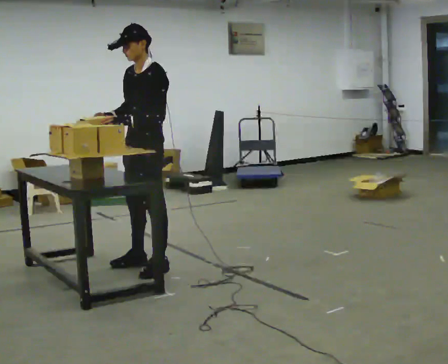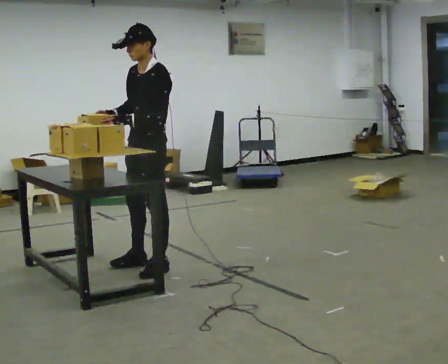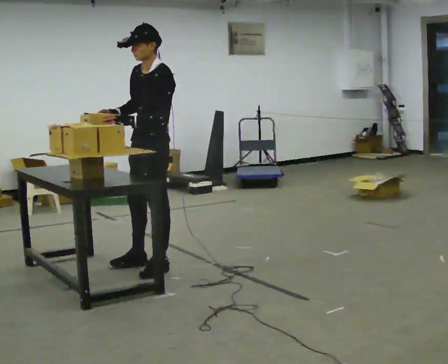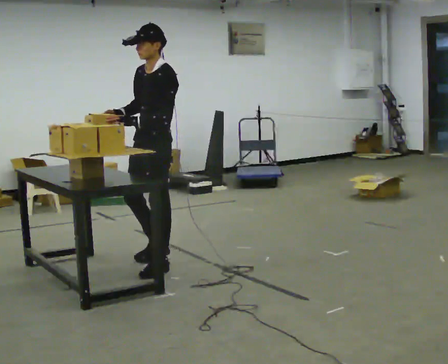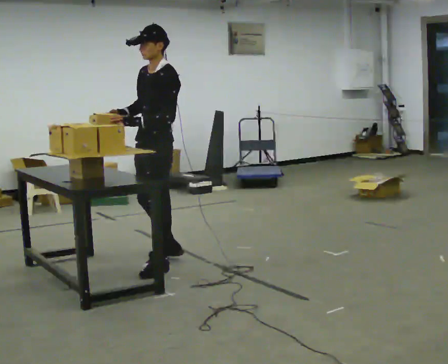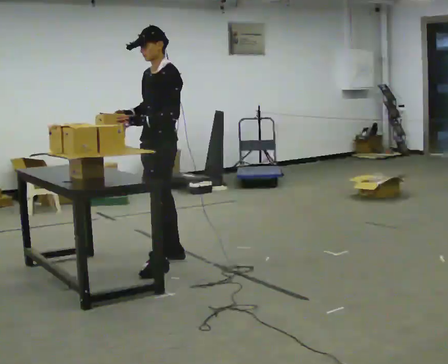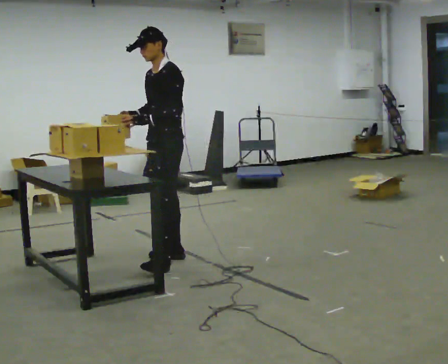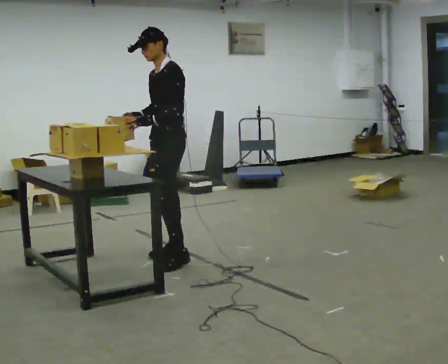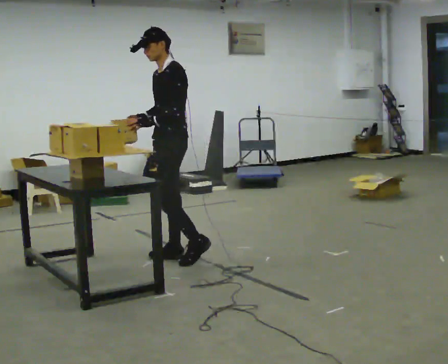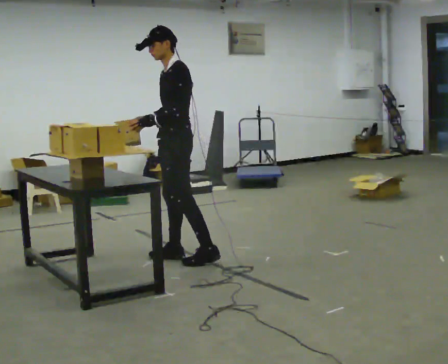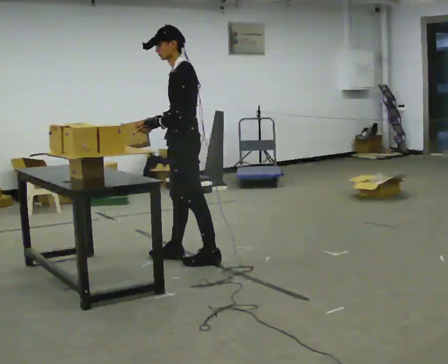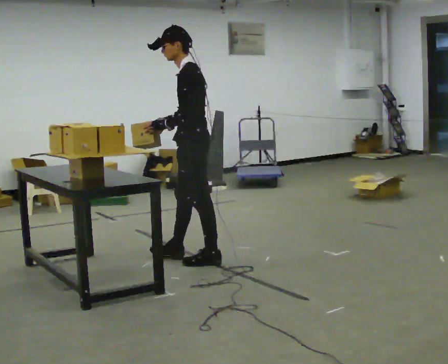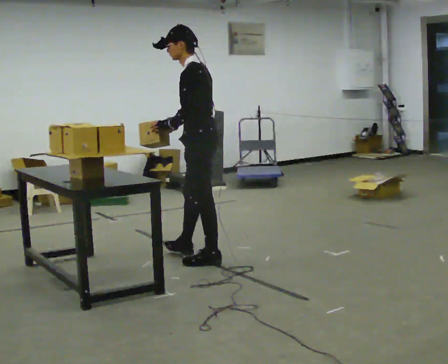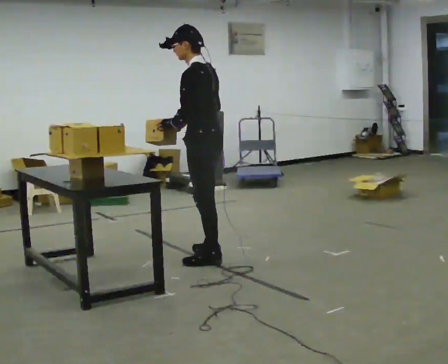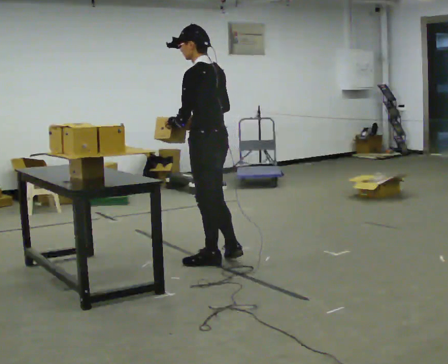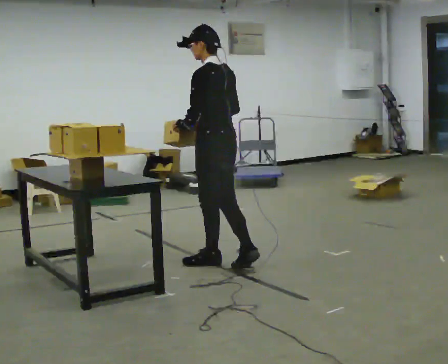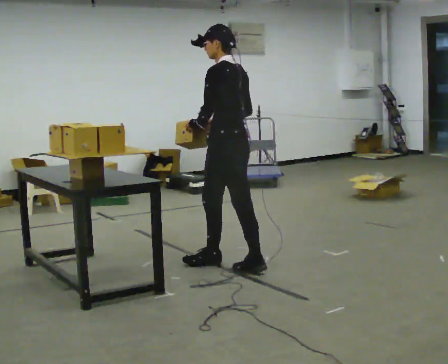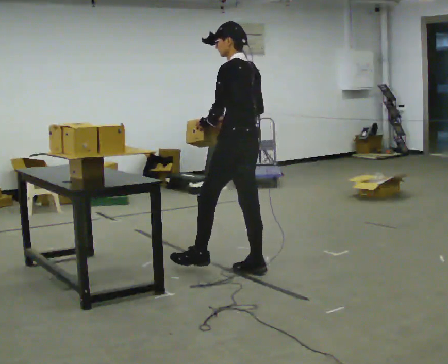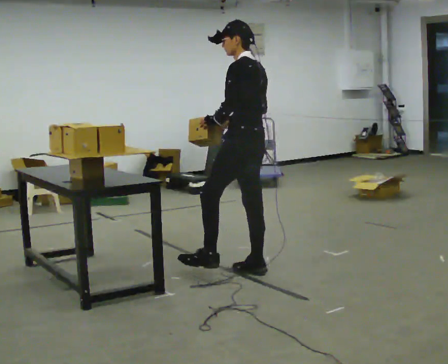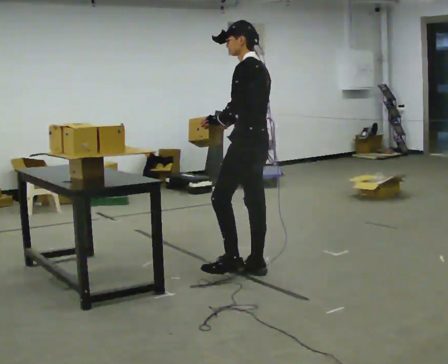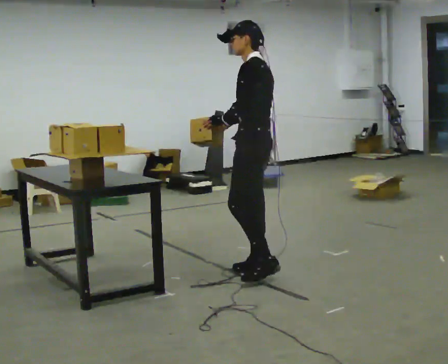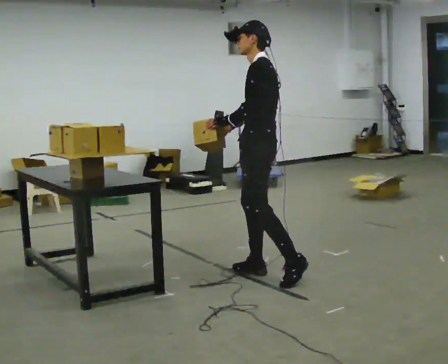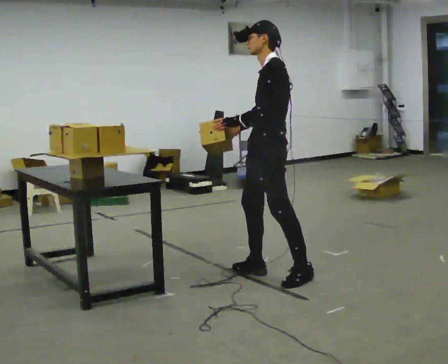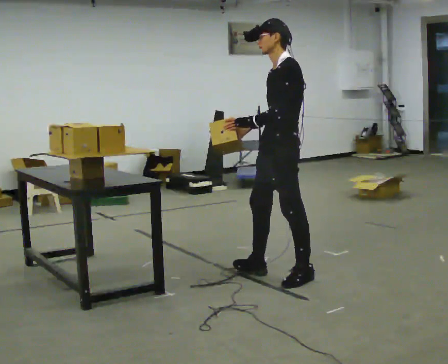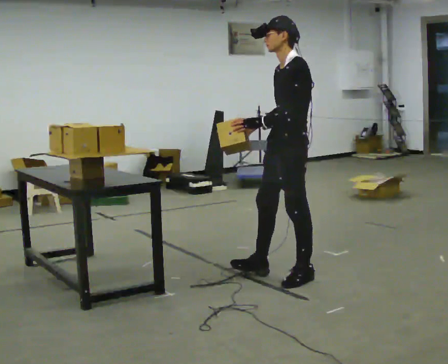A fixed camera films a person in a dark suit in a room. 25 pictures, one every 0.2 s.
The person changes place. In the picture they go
to the right.
The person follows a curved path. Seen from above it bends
clockwise.
0.0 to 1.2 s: In the picture they go away from the camera, about 0.25 m in 1 step, which for them is backward.
1.2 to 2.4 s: The part of the body nearest the lens slides to the left as the person turns to their right by about 45 degrees. In the picture they go to the right, about 0.25 m in 2 steps, which for them is backward and to their left.
2.4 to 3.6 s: In the picture they go to the right and toward the camera, about 0.25 m in 1 step, which for them is backward.
3.6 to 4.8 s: The part of the body nearest the lens slides to the right as the person turns to their left by about 45 degrees. In the picture they go to the right and toward the camera, about 0.25 m, which for them is backward and to their left.
The film runs backward here.
